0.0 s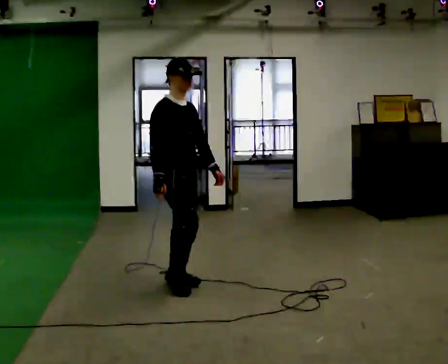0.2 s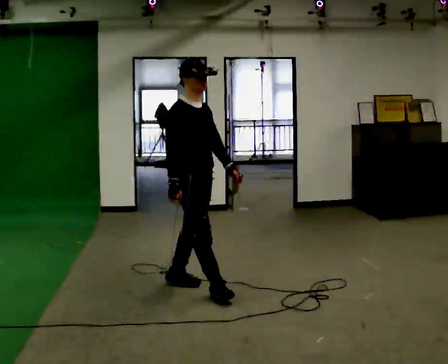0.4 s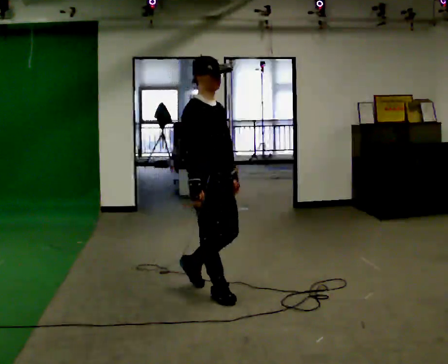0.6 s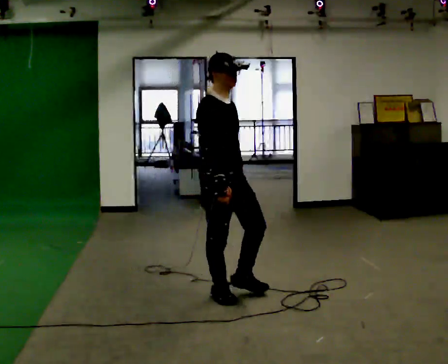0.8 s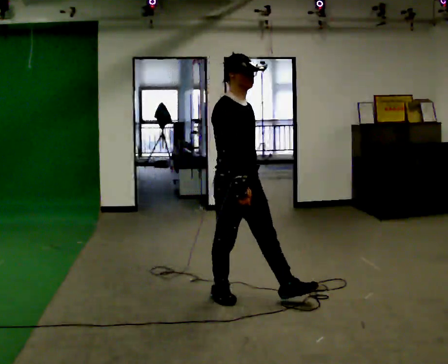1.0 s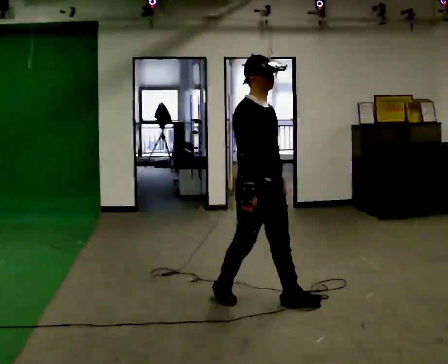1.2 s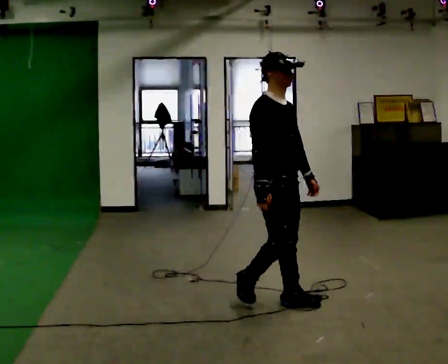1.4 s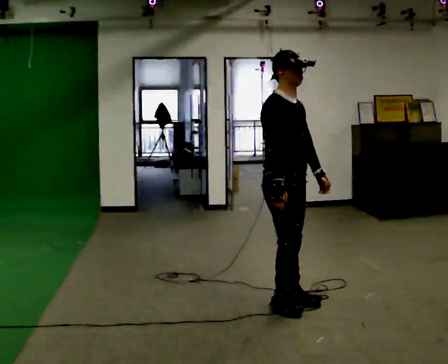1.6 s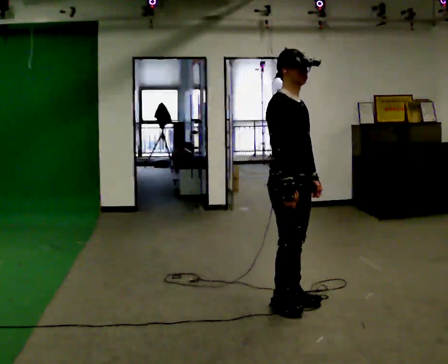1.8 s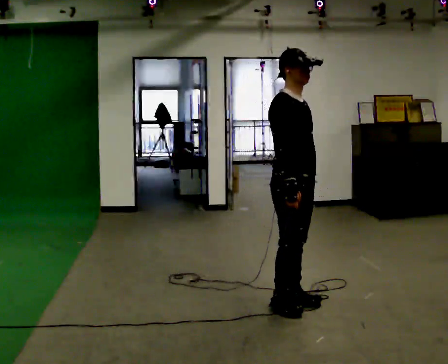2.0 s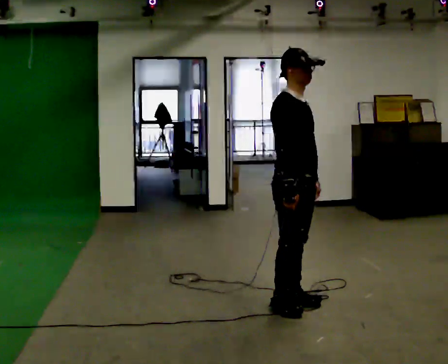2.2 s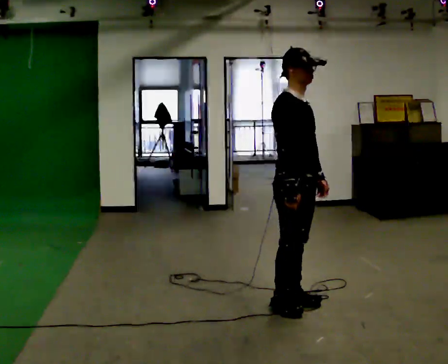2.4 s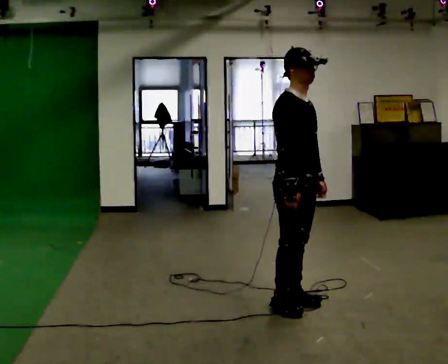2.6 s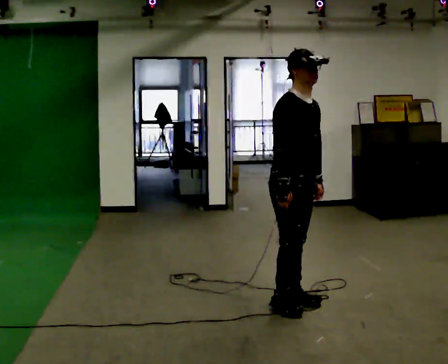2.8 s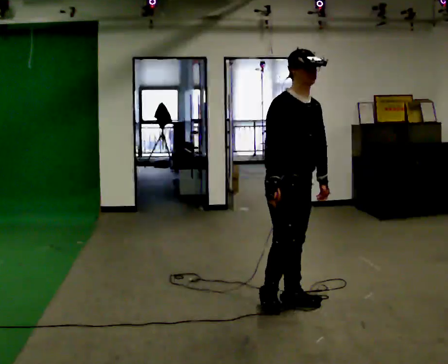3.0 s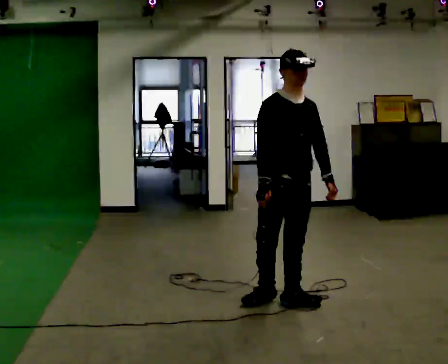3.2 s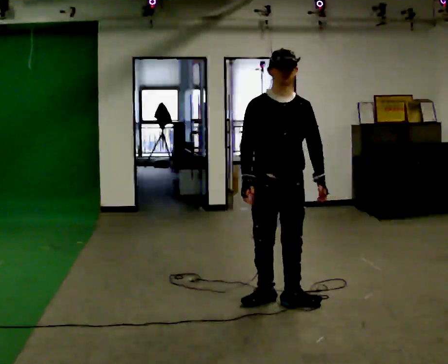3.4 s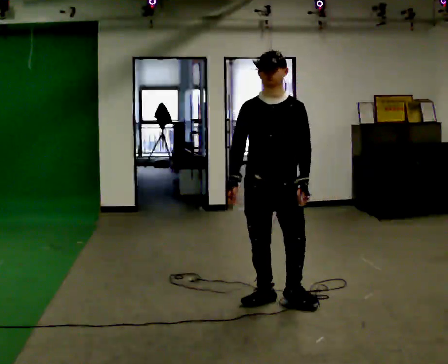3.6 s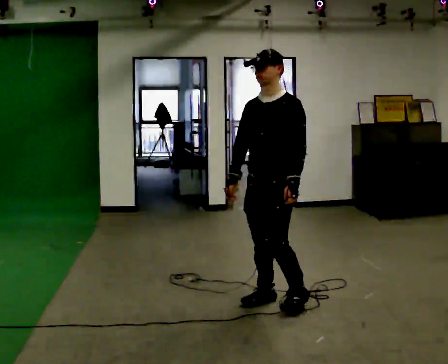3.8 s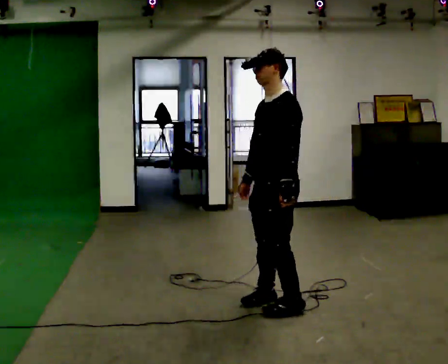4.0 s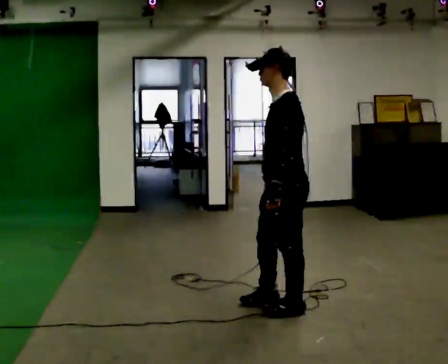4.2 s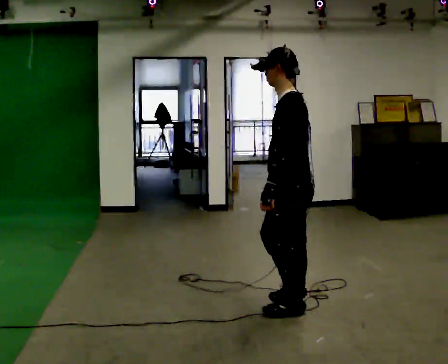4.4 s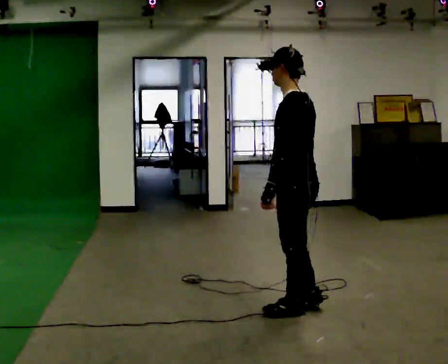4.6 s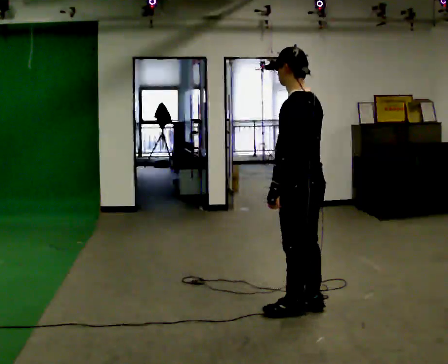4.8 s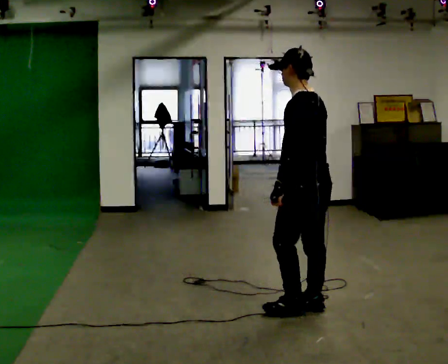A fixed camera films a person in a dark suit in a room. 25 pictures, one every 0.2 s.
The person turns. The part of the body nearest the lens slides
to the left.
The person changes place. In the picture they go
to the right.
0.0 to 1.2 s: In the picture they go to the right and toward the camera, about 1 m in 2 steps, which for them is forward.
1.2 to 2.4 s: The person moves a little, or ends about where they began.
2.4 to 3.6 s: The person turns about 105 degrees to their right, clockwise seen from above, so the part of the body nearest the lens slides to the left. In the picture their right hand goes to the left.
3.6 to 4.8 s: The part of the body nearest the lens slides to the left as the person turns to their right by about 75 degrees. In the picture they go to the right, about 0.25 m in 2 steps.
The film runs forward here.
